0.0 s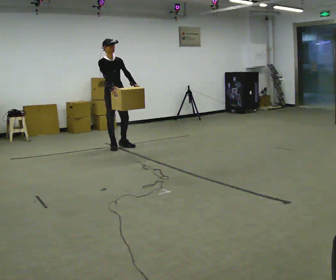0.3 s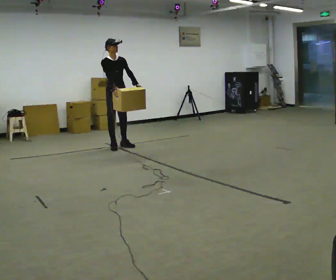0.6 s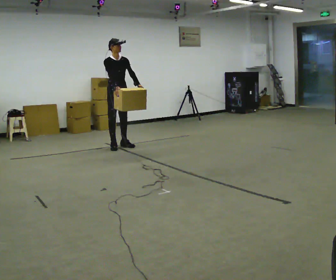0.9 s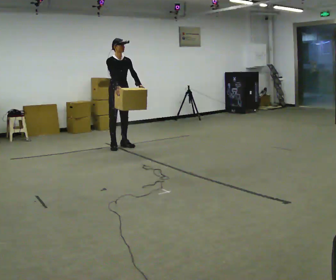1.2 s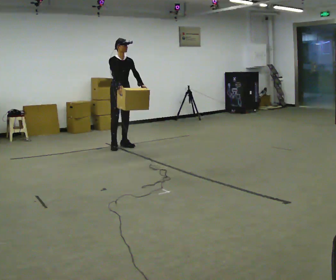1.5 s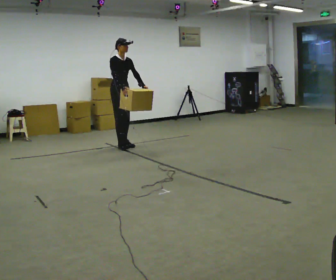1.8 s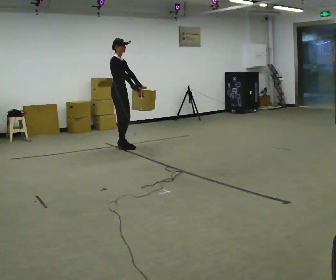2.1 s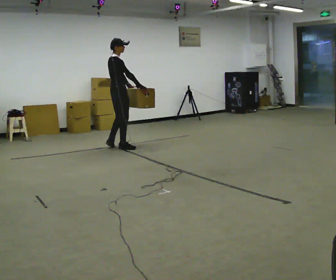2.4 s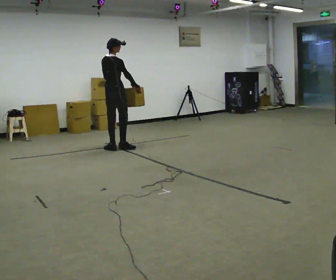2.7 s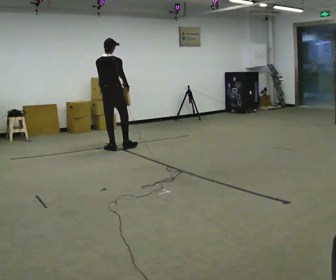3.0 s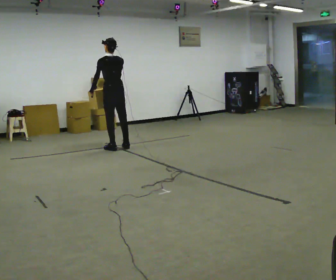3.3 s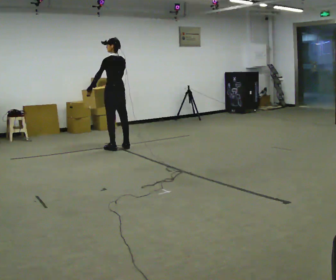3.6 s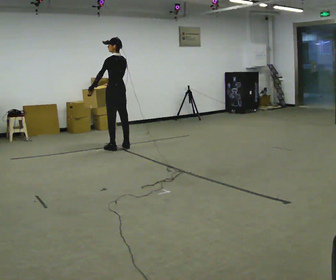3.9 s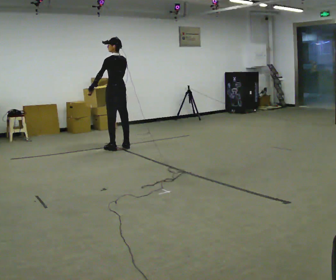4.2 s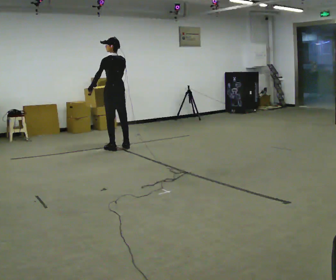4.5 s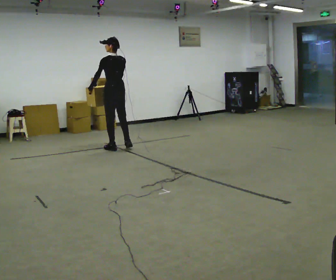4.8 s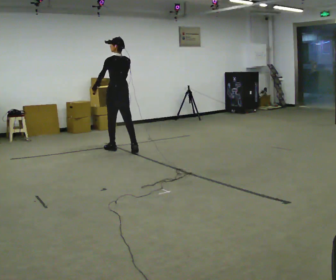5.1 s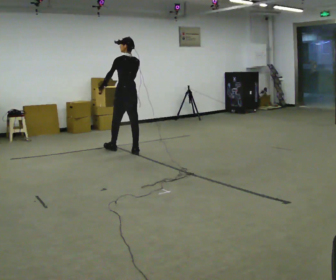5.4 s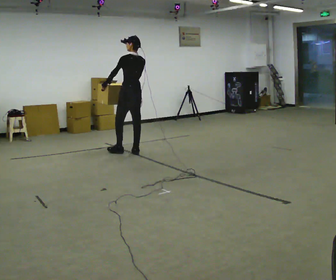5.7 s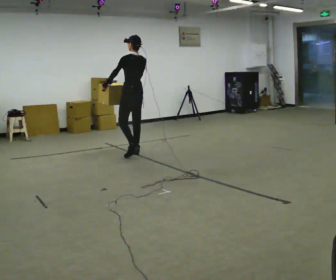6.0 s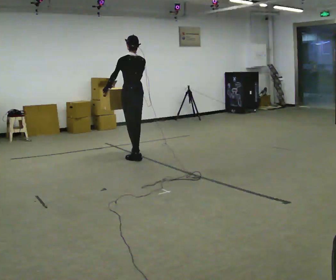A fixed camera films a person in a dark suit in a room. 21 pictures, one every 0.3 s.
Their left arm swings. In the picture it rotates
clockwise.
0.0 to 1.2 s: In the picture they go away from the camera, about 0.25 m, which for them is to their left.
1.2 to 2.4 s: Seen from above the body turns counterclockwise, about 120 degrees: to their left, with its near side sliding to the right. In the picture they go toward the camera, about 0.25 m in 1 step.
2.4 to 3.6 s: Seen from above the body turns counterclockwise, about 75 degrees: to their left, with its near side sliding to the right. In the picture their right hand goes to the left, the arm swinging clockwise.
3.6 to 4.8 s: In the picture they go toward the camera, about 0.25 m in 1 step, which for them is backward.
4.8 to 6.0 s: In the picture they go toward the camera and to the right, about 0.5 m in 1 step, which for them is backward.
The film runs backward here.
